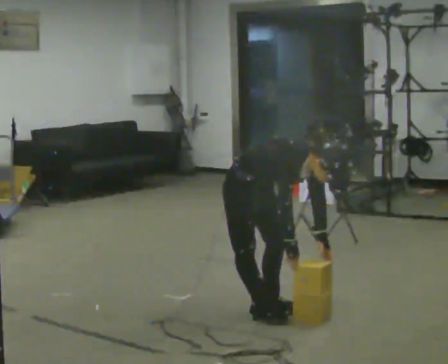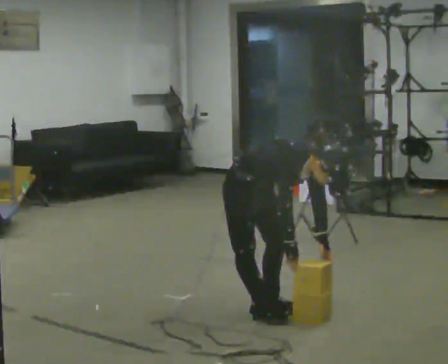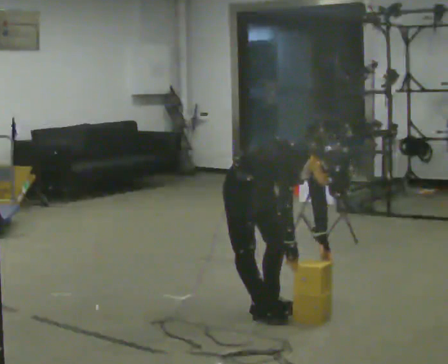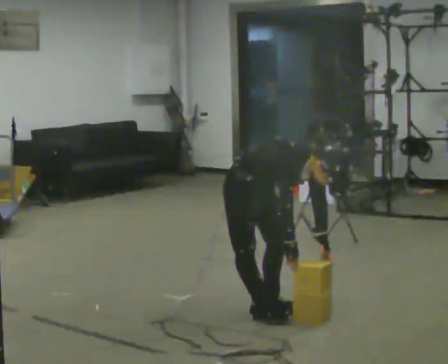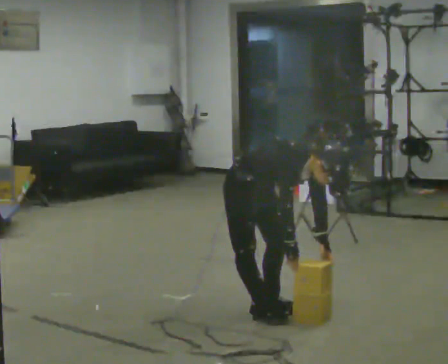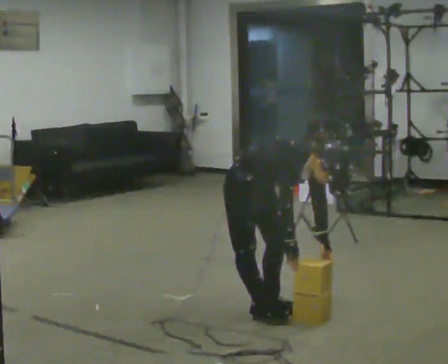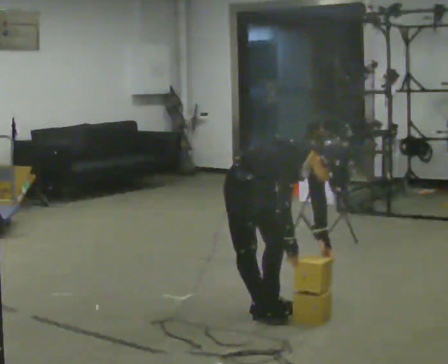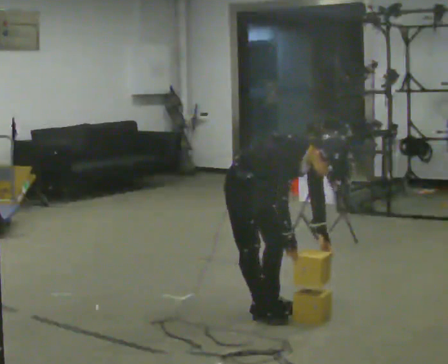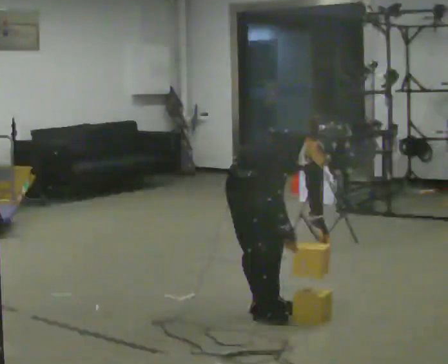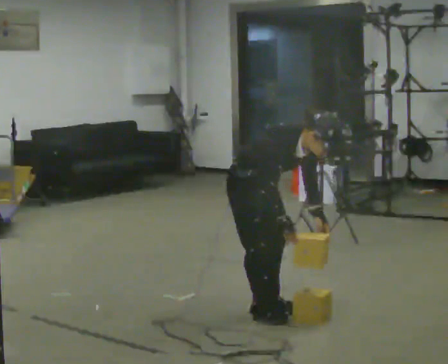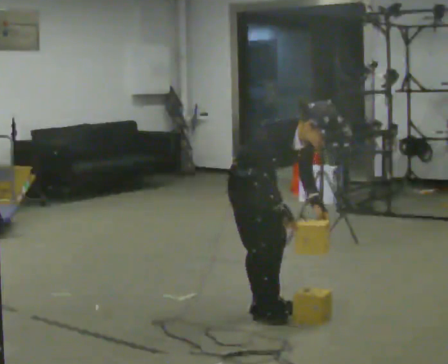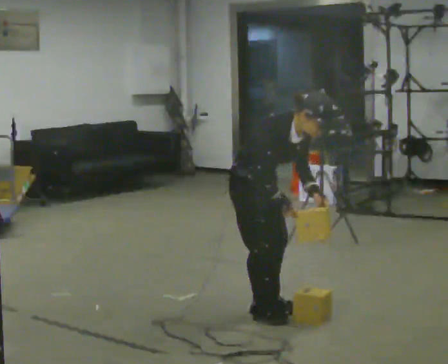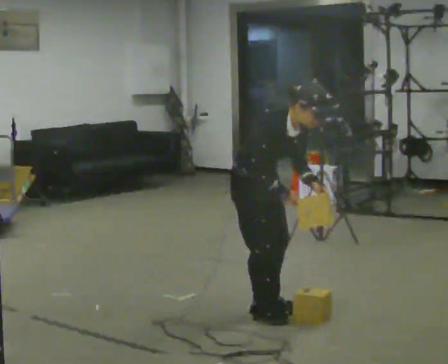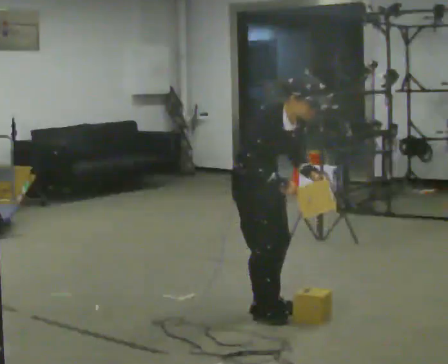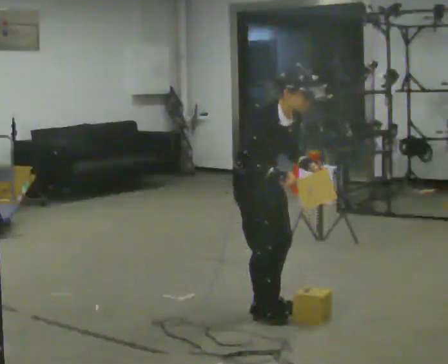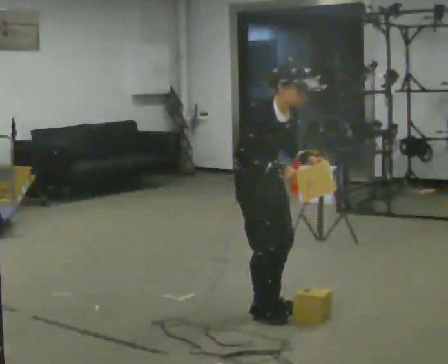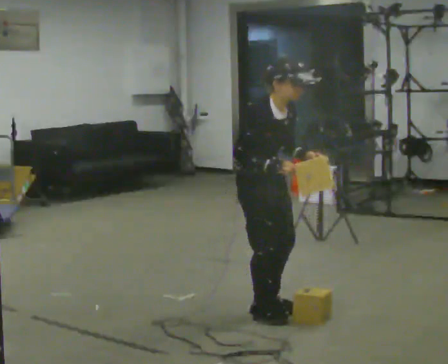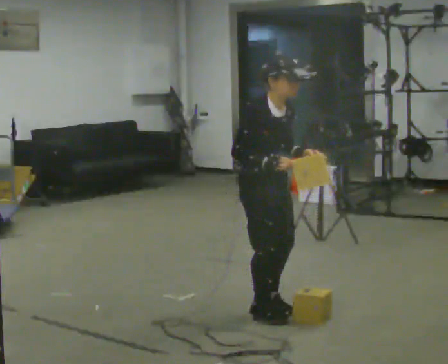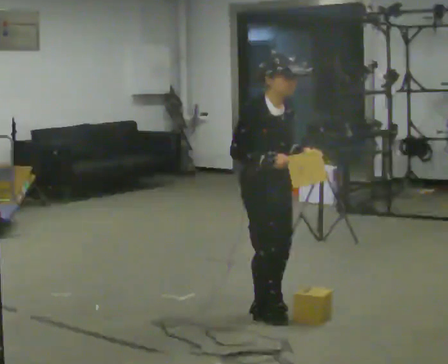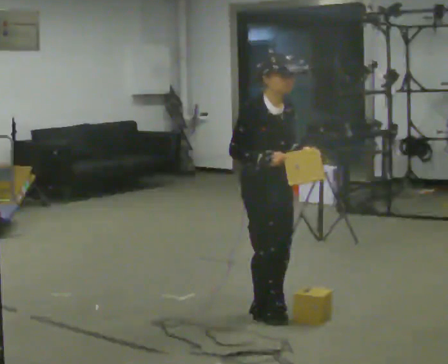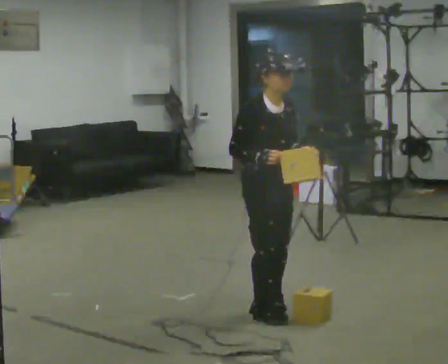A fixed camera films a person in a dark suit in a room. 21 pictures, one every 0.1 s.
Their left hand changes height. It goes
upward.
Their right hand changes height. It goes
upward.
0.0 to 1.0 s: In the picture the upper body tilts counterclockwise, shoulders to the left, as they lean back or straighten.
1.0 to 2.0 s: In the picture the upper body tilts counterclockwise, shoulders to the left, as they lean back or straighten.
The film runs forward here.
